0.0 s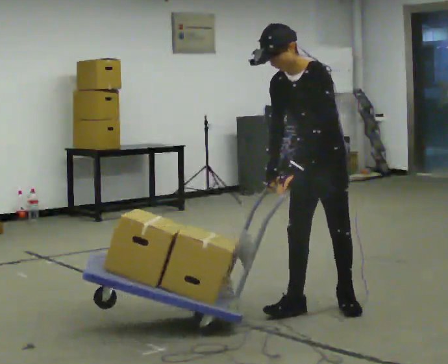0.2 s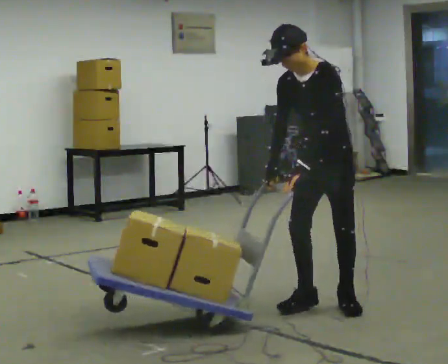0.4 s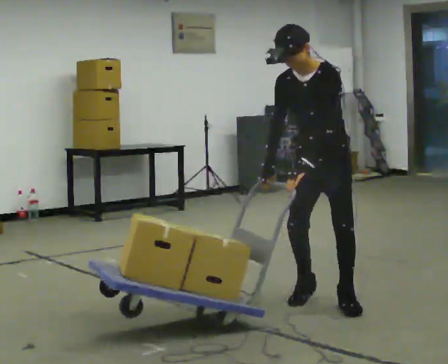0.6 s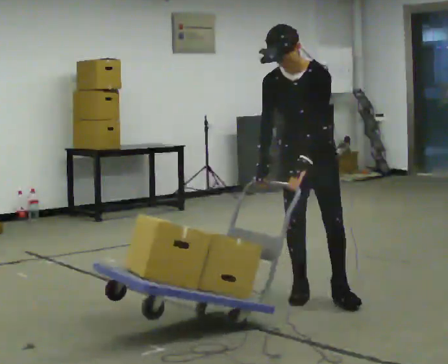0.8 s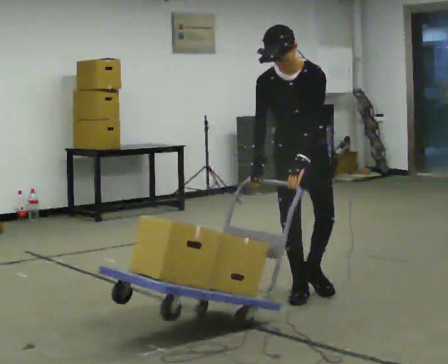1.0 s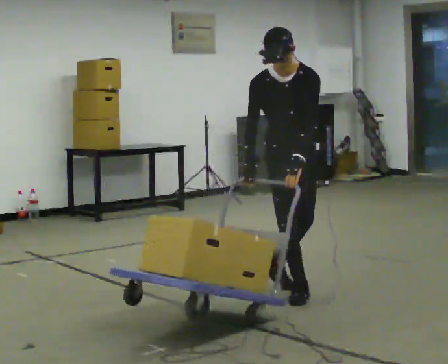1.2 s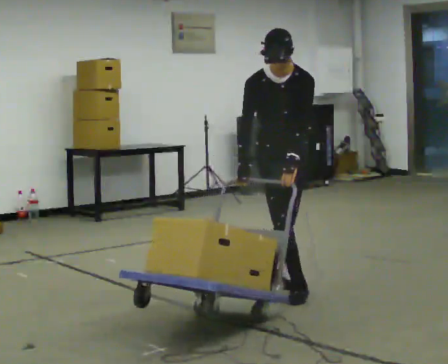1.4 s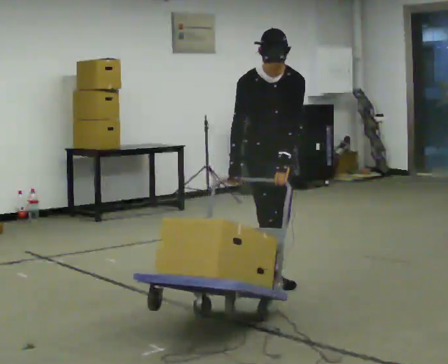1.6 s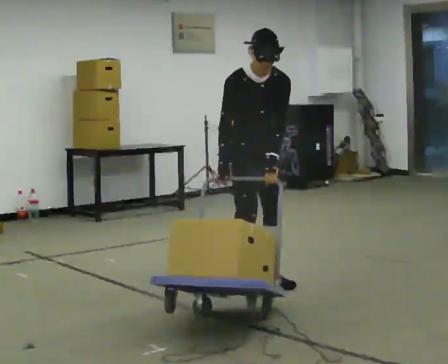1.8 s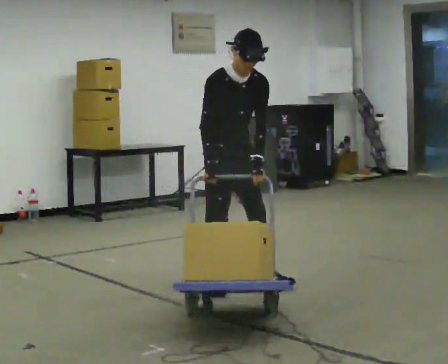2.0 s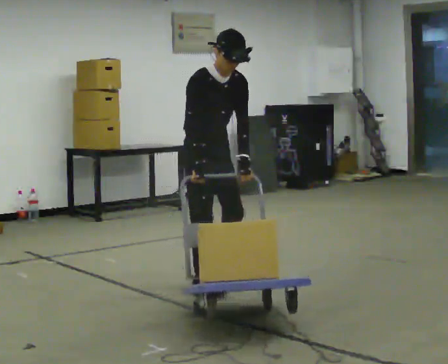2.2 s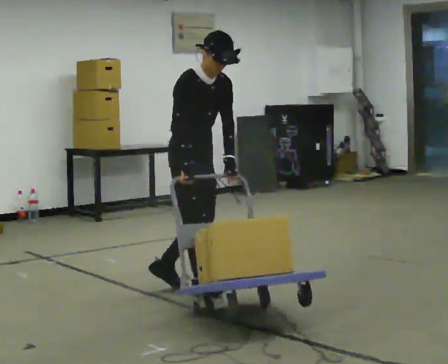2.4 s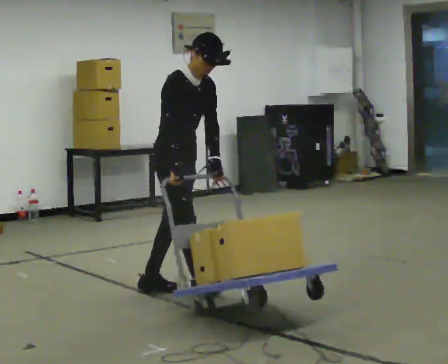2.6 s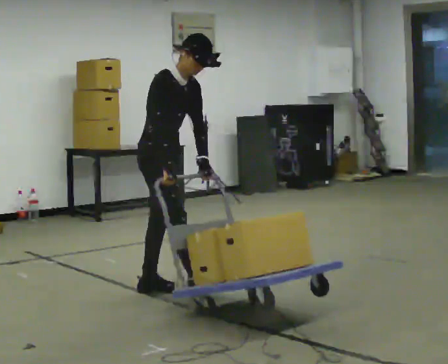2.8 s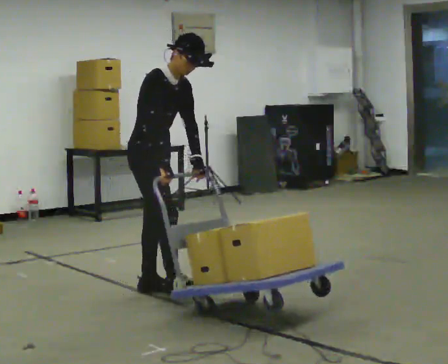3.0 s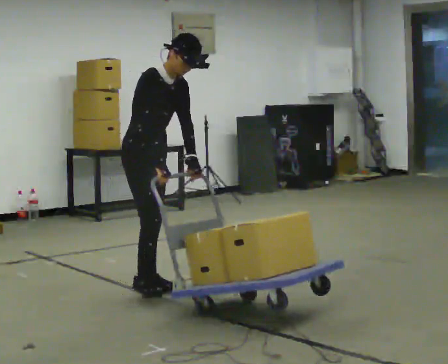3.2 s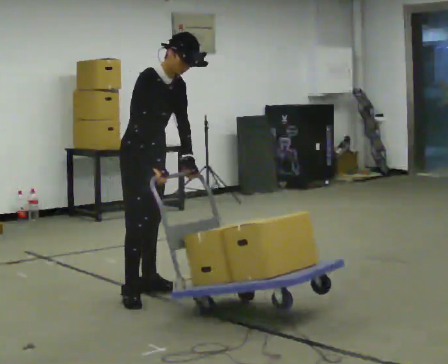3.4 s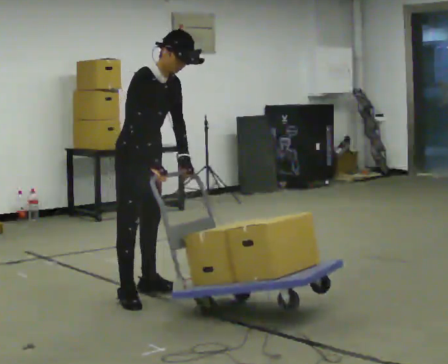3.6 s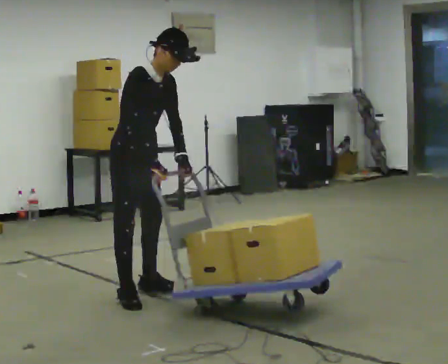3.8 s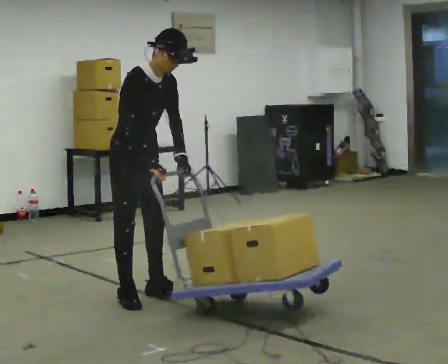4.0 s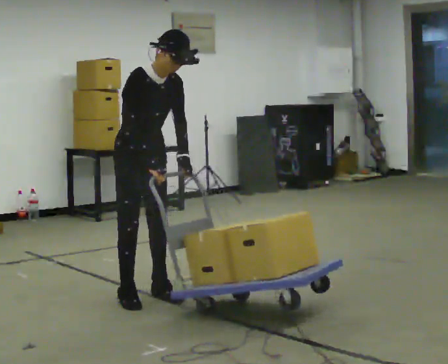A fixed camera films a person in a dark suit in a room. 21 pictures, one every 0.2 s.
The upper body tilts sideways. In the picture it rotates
clockwise.
The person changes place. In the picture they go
to the left.
0.0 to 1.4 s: The person turns about 60 degrees to their left, counterclockwise seen from above, so the part of the body nearest the lens slides to the right. In the picture they go away from the camera and to the left, about 0.75 m in 3 steps. In the picture the upper body tilts clockwise, shoulders to the right.
1.4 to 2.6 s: The part of the body nearest the lens slides to the right as the person turns to their left by about 45 degrees. In the picture they go to the left, about 0.5 m in 2 steps, which for them is to their right and backward. In the picture the upper body tilts clockwise, shoulders to the right.
2.6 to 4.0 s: In the picture they go toward the camera, about 0.25 m, which for them is to their right.
The film runs backward here.
